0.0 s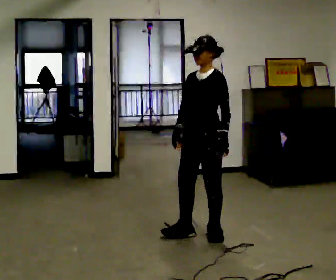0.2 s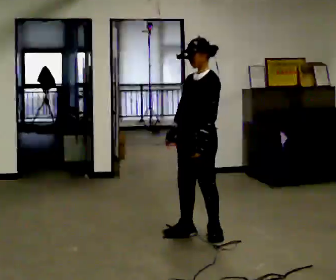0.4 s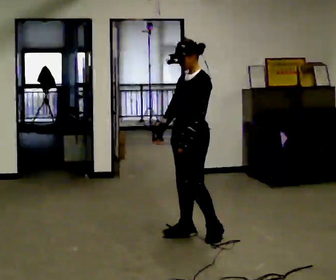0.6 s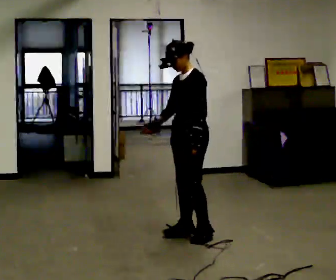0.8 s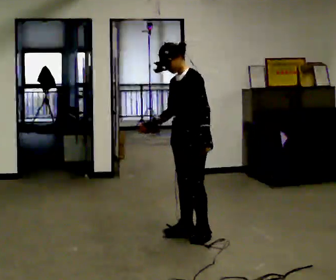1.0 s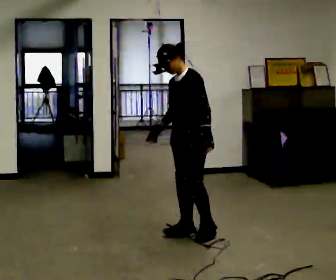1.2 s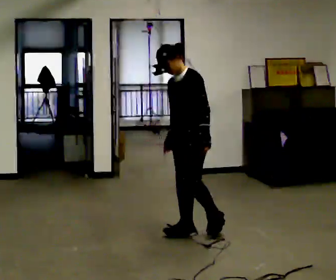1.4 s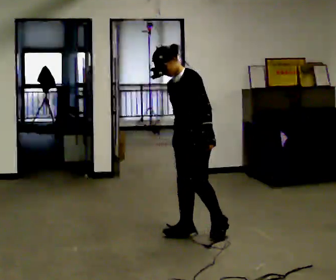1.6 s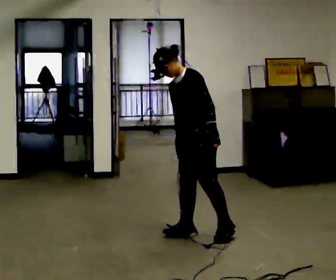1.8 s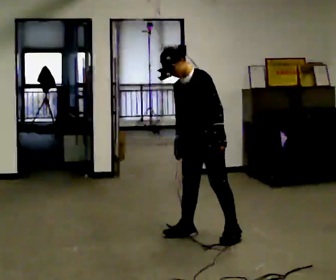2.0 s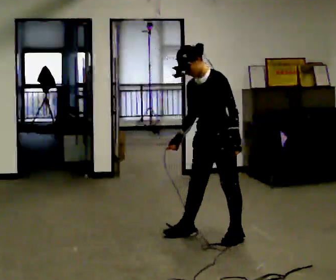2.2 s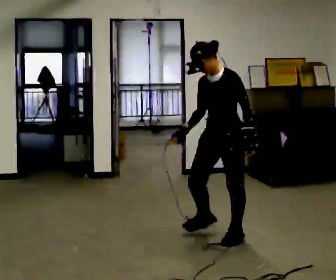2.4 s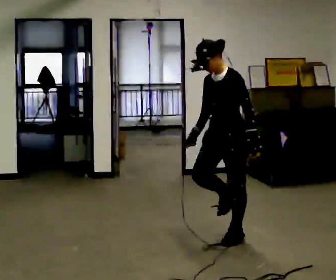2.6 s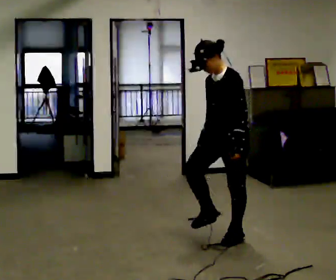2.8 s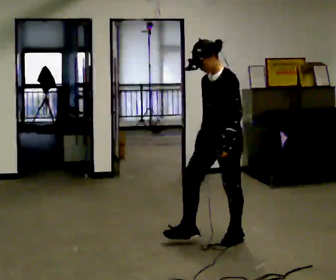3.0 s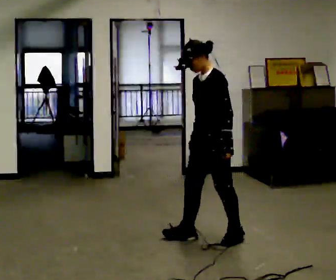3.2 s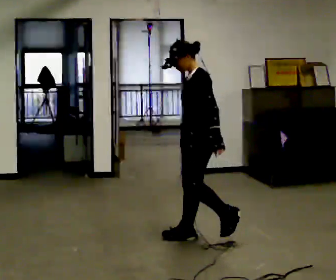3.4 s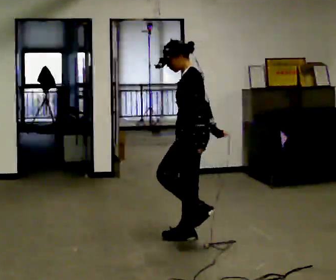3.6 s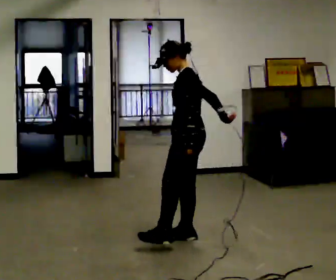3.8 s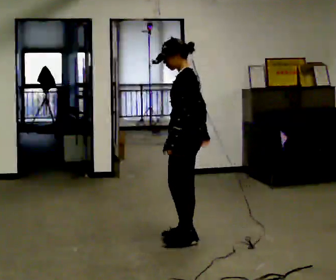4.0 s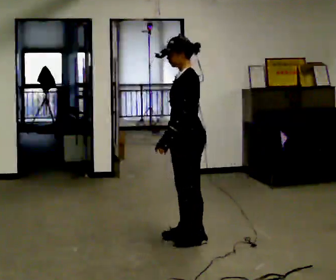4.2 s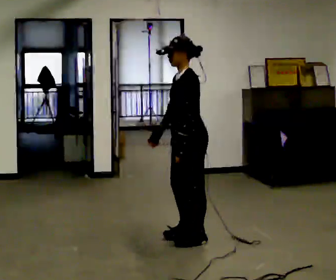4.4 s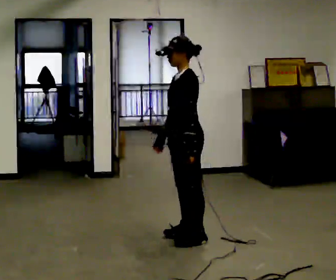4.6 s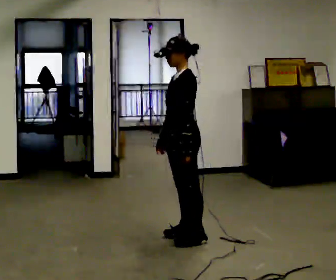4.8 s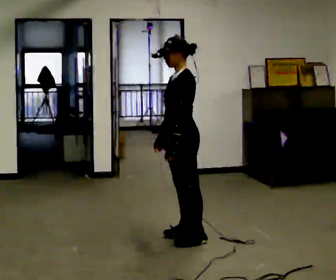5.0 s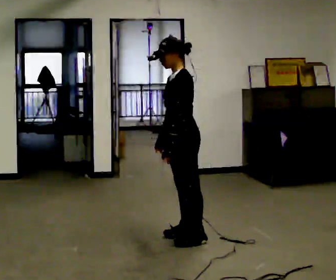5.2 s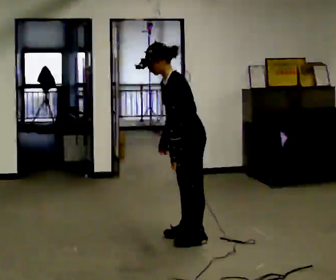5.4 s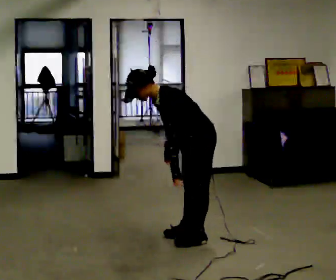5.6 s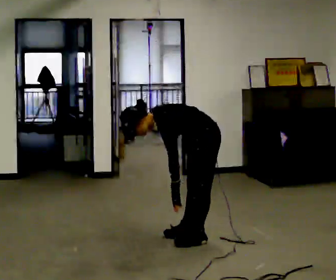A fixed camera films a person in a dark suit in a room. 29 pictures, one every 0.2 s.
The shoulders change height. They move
downward.
0.0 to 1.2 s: The person moves a little, or ends about where they began.
1.2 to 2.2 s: In the picture they go to the right and toward the camera, about 0.25 m in 1 step, which for them is to their left.
2.2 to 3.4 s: The person turns about 45 degrees to their right, clockwise seen from above, so the part of the body nearest the lens slides to the left. In the picture they go to the left, about 0.25 m, which for them is to their right and forward.
3.4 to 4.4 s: In the picture their right hand goes to the left.
4.4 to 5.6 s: The upper body goes downward. In the picture the upper body tilts counterclockwise, shoulders to the left, as they bend forward.
The film runs forward here.
